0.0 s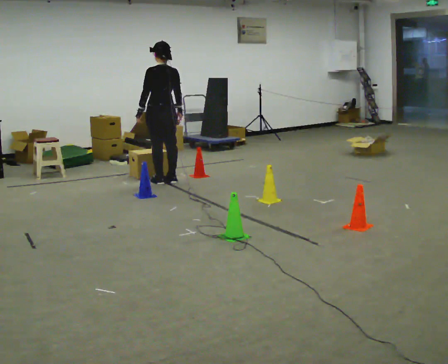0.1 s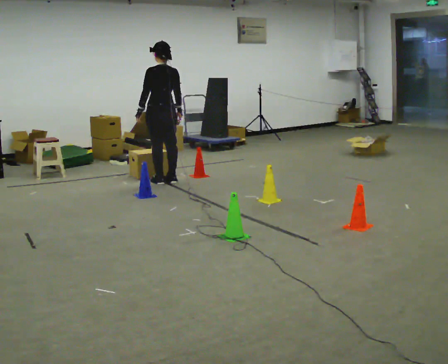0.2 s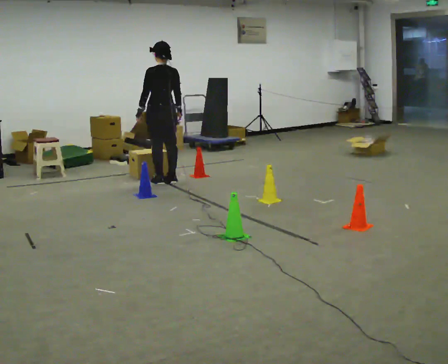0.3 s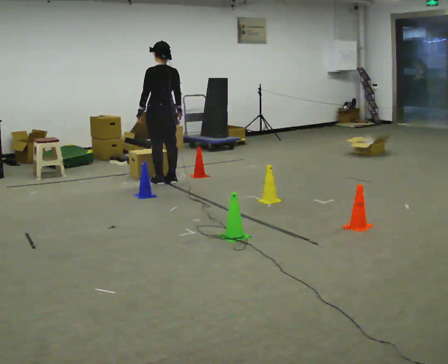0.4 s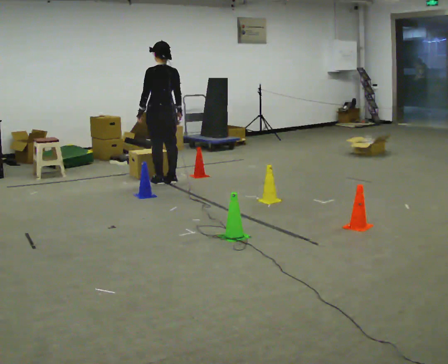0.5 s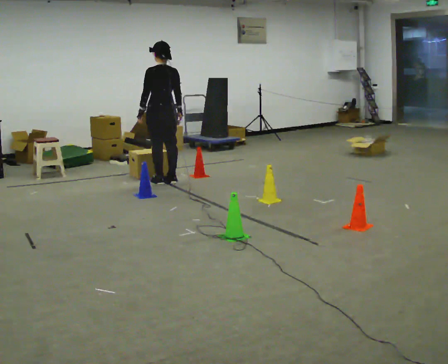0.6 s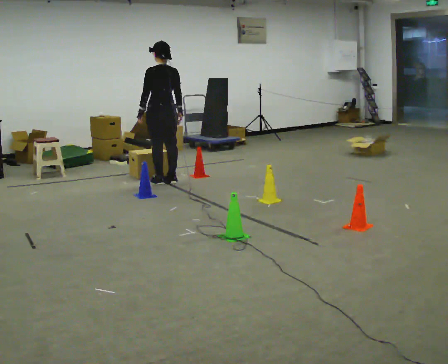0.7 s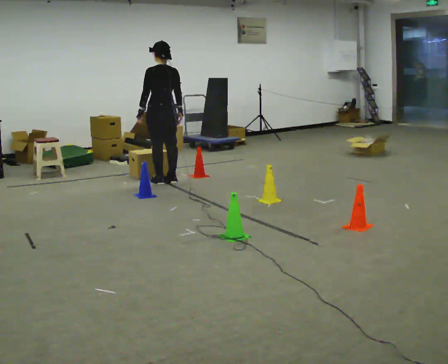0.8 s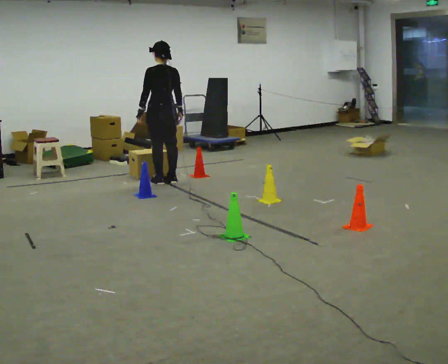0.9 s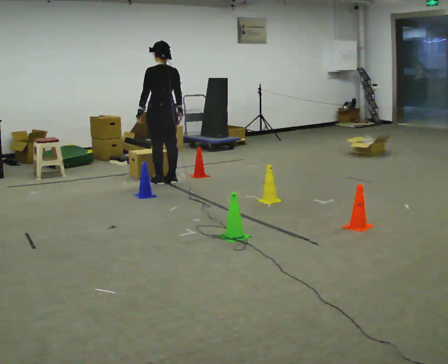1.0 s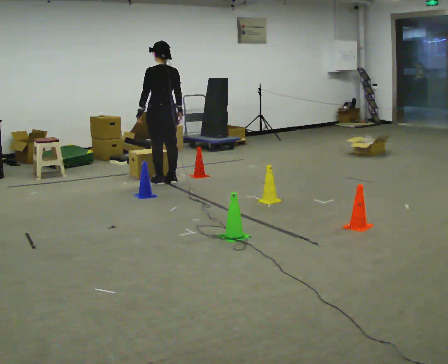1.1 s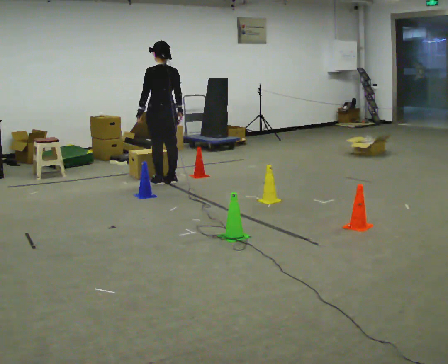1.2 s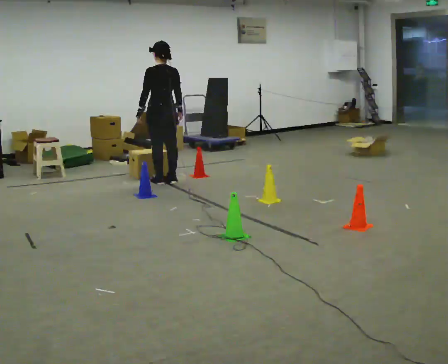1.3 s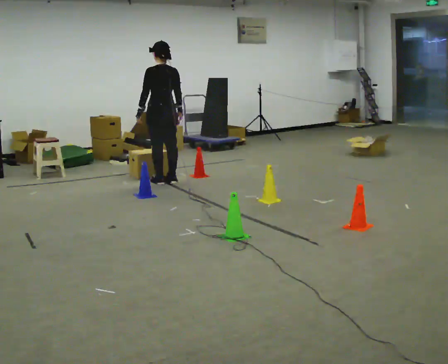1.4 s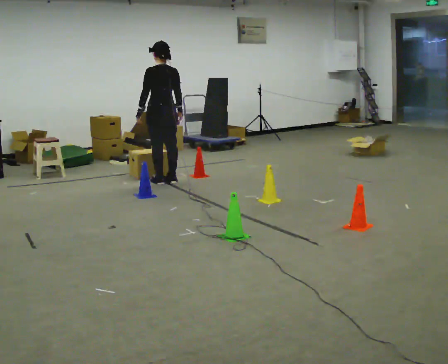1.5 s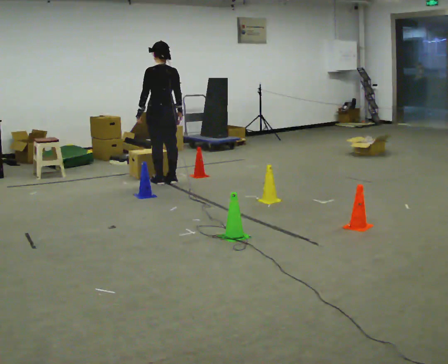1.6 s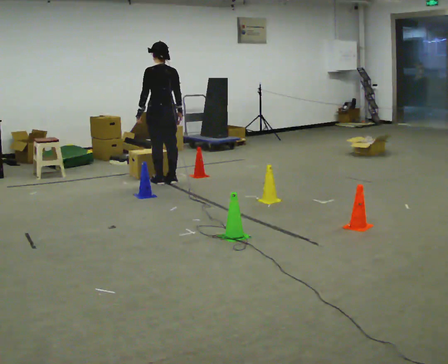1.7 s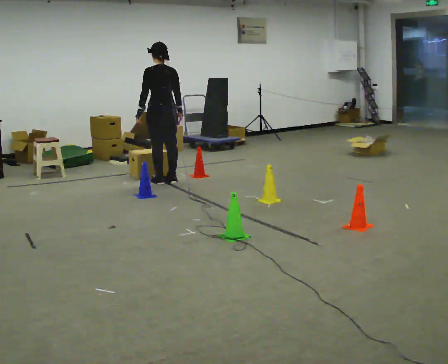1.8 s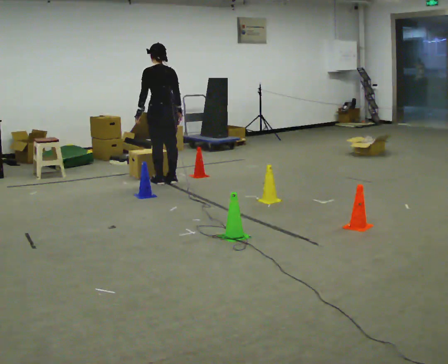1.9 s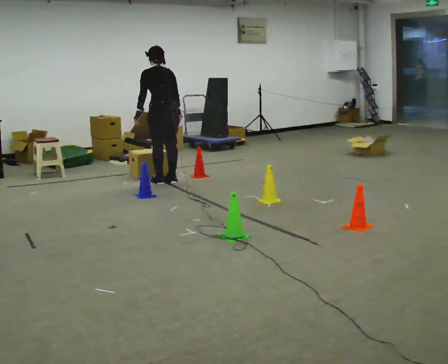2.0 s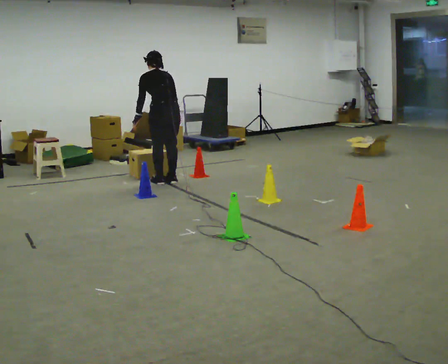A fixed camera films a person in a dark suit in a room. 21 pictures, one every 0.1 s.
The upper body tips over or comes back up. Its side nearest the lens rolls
upward.
0.0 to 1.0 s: The person moves a little, or ends about where they began.
1.0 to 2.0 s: The upper body tips away from the camera, its near side rolling upward, as they bend forward.
The film runs forward here.
